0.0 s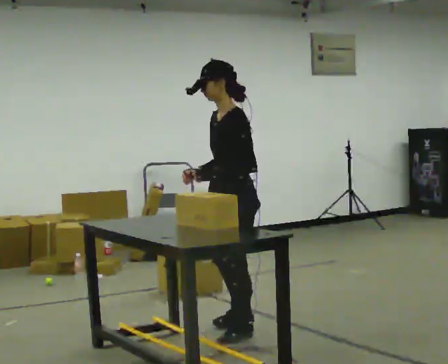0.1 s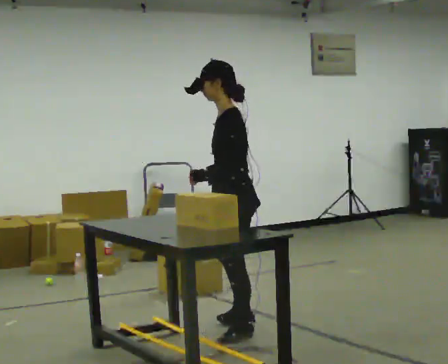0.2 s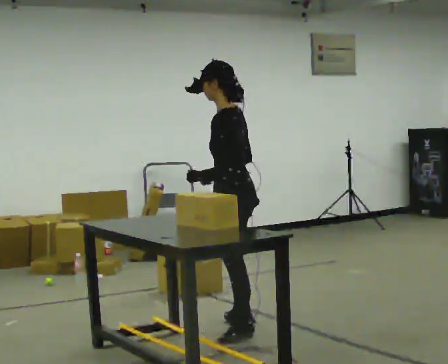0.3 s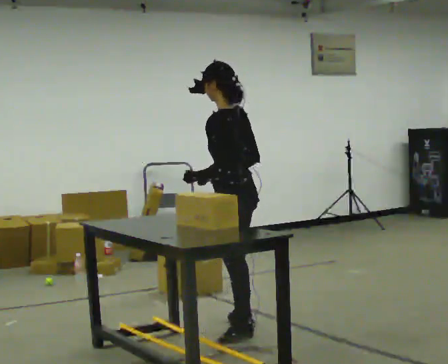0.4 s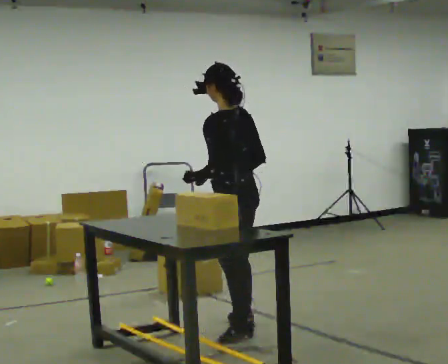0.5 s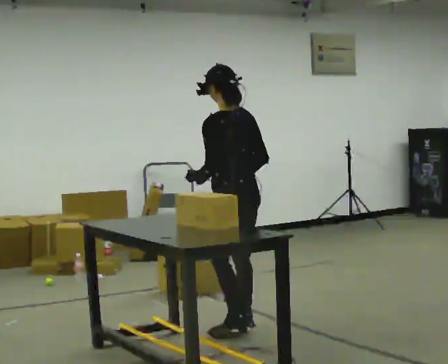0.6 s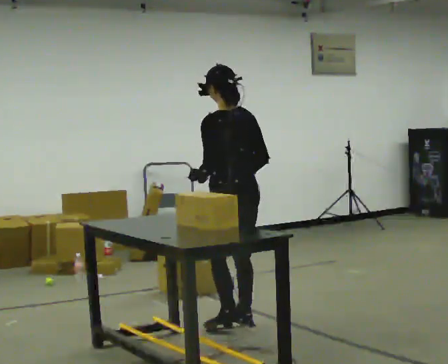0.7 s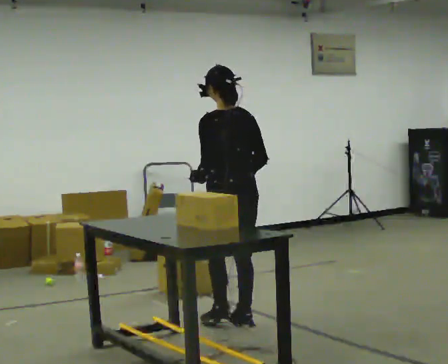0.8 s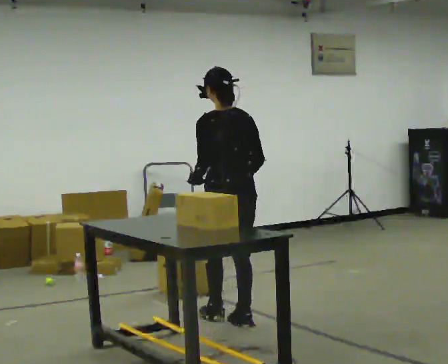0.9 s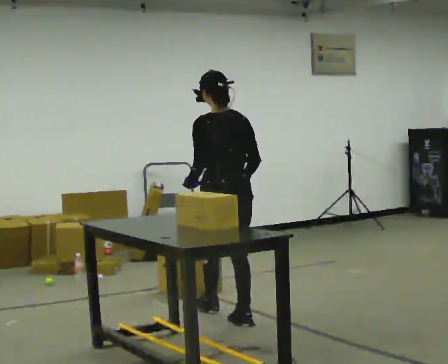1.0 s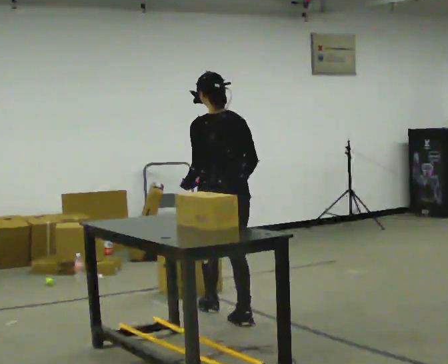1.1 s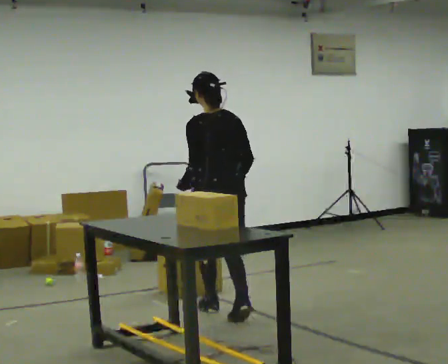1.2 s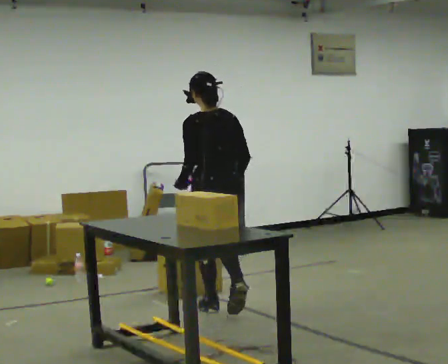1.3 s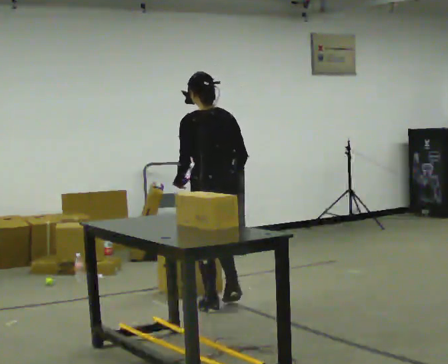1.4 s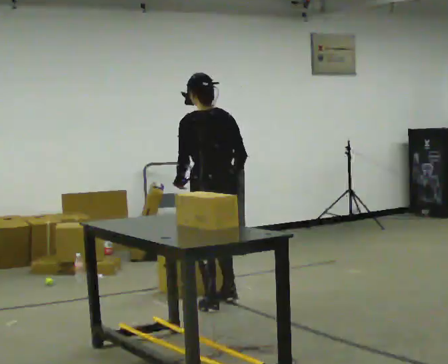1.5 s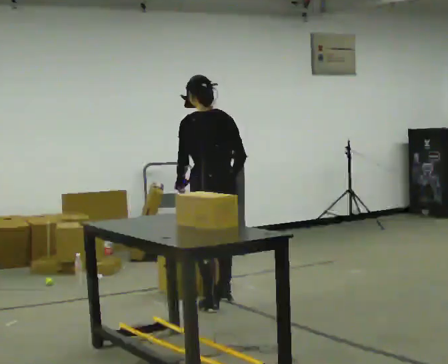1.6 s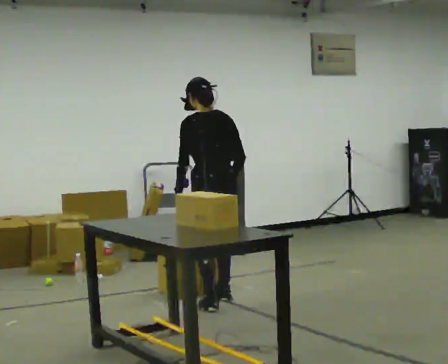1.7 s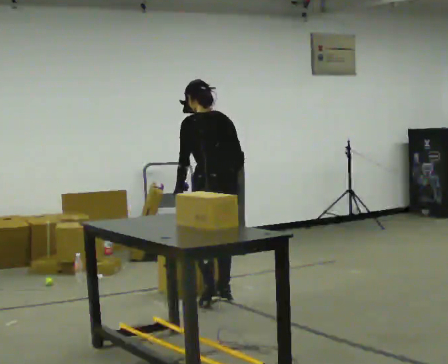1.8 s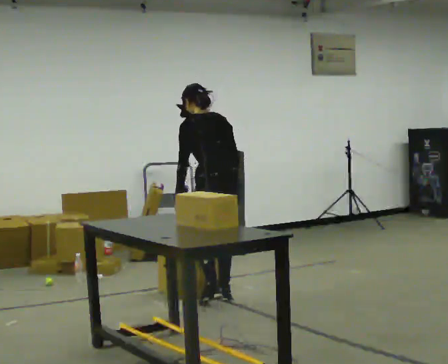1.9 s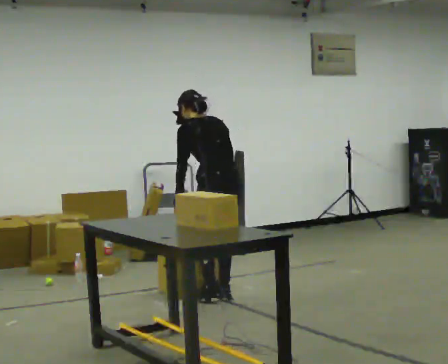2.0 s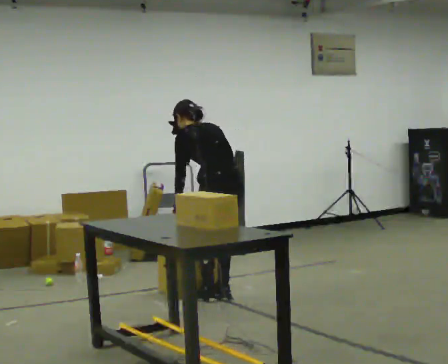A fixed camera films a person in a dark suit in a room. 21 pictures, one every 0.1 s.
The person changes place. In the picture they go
away from the camera.
The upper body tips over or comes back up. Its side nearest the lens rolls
upward.
0.0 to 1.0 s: The part of the body nearest the lens slides to the left as the person turns to their right by about 75 degrees. In the picture they go away from the camera, about 0.5 m in 2 steps.
1.0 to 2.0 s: In the picture they go away from the camera, about 0.5 m in 2 steps, which for them is forward and to their right. The upper body tips away from the camera, its near side rolling upward, as they bend forward.
The film runs forward here.
